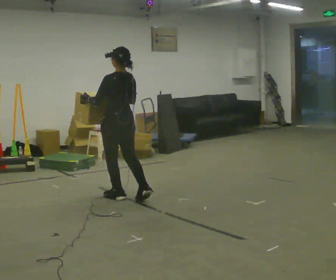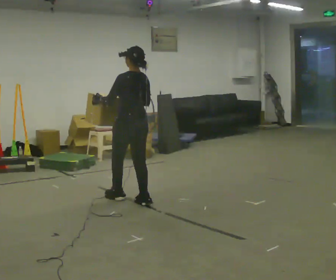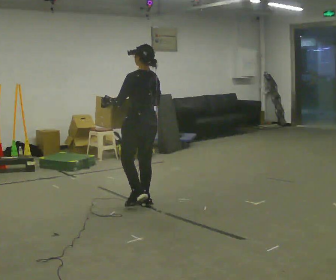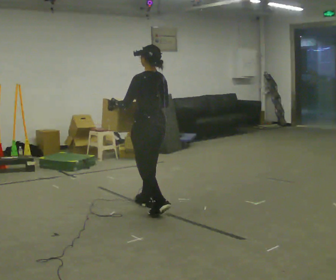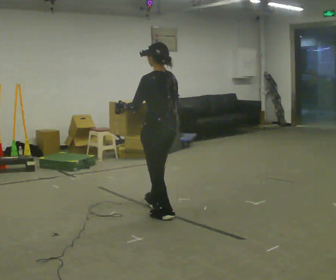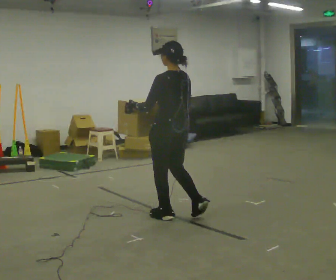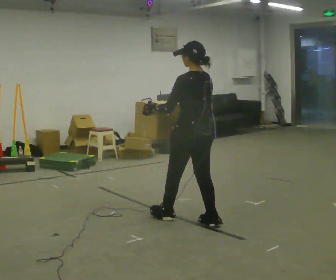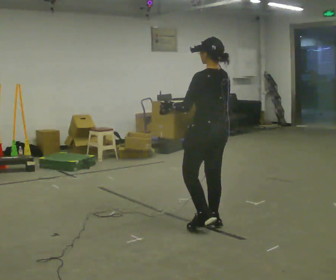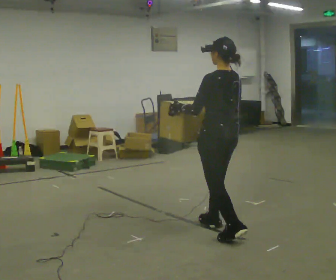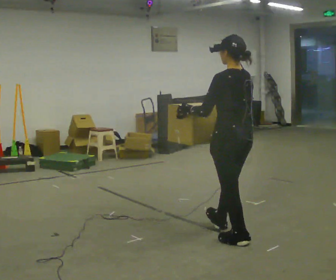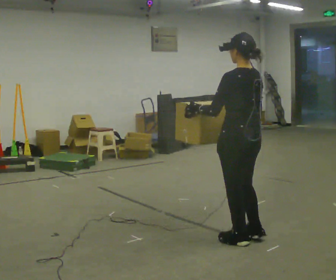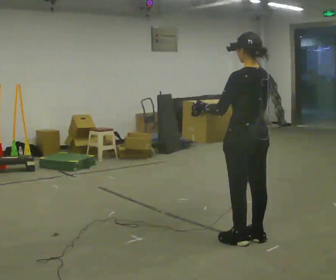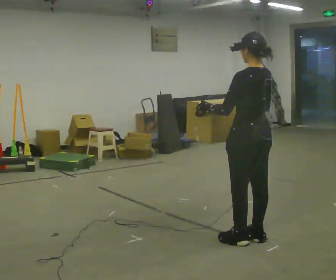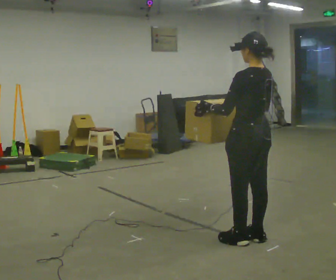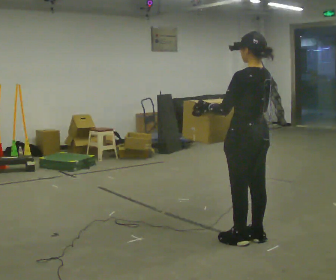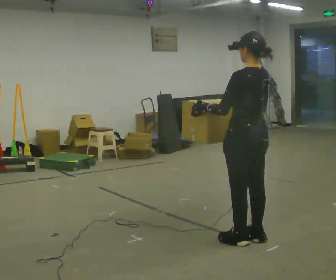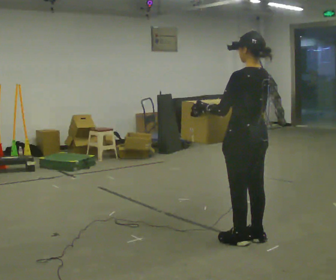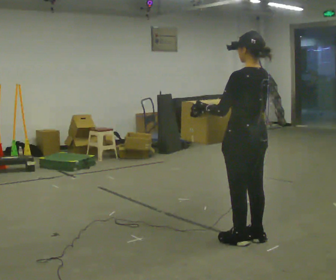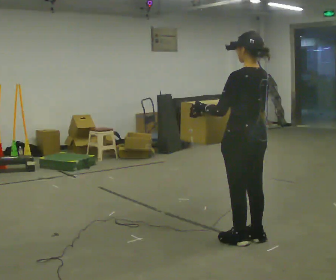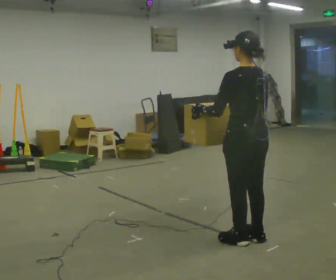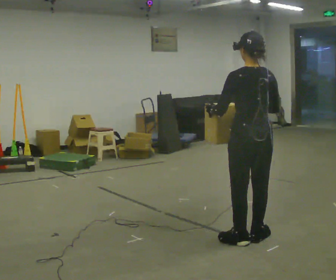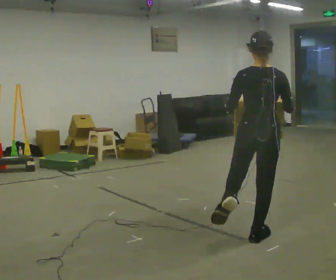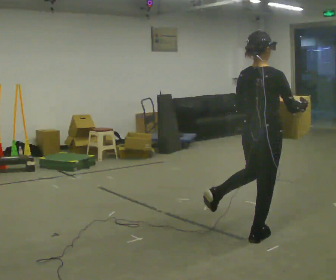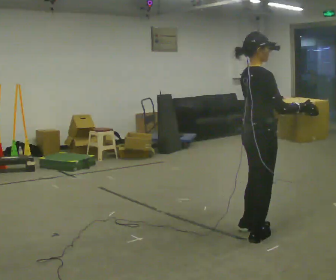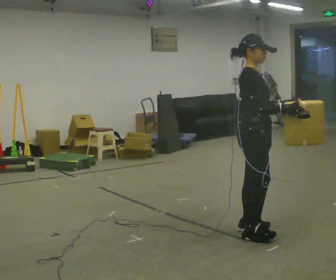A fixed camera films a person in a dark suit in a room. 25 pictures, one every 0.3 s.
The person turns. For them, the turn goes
to their right.
The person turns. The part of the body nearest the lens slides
to the left.
0.0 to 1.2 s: In the picture they go to the right and toward the camera, about 0.75 m in 2 steps, which for them is backward.
1.2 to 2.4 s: In the picture they go to the right and toward the camera, about 0.75 m in 1 step, which for them is backward.
2.4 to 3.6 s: In the picture they go to the right and toward the camera, about 0.25 m in 2 steps, which for them is backward.
3.6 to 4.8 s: The person moves a little, or ends about where they began.
4.8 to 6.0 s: Seen from above the body turns clockwise, about 30 degrees: to their right, with its near side sliding to the left.
6.0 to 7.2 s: Seen from above the body turns clockwise, about 120 degrees: to their right, with its near side sliding to the left. In the picture they go away from the camera, about 0.25 m in 1 step.
The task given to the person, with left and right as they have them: Carry the box while walking backward. The operator confirms the space behind you is clear before each take.
The film runs forward here.
